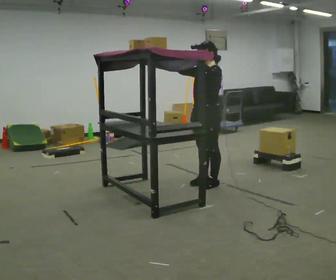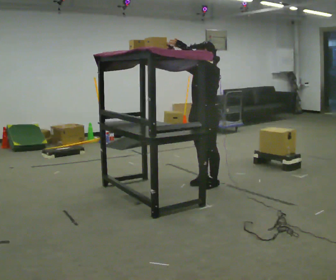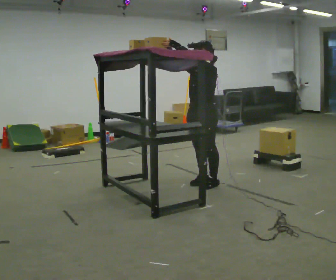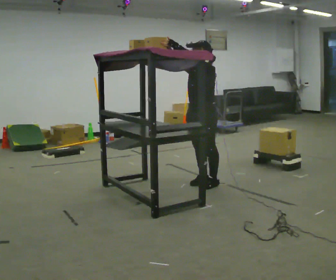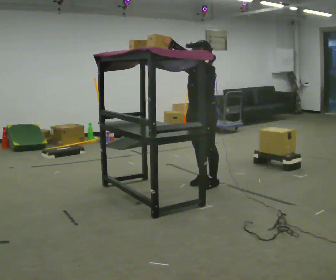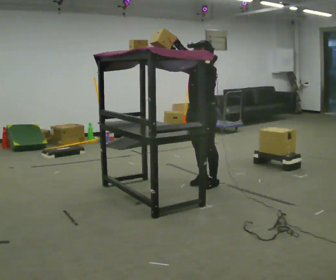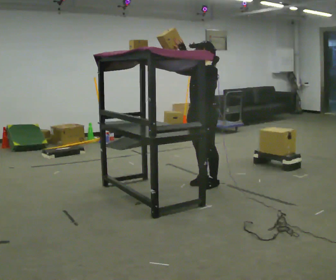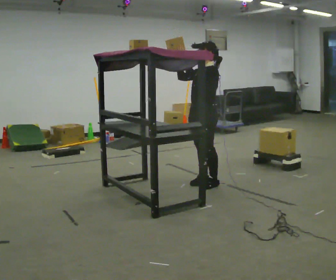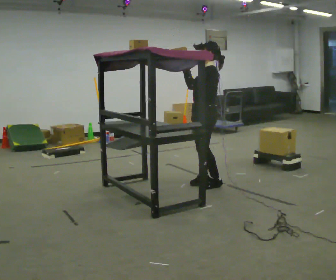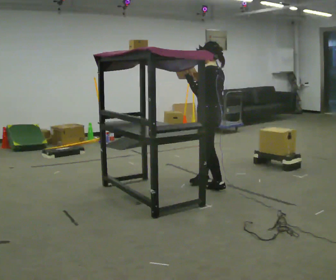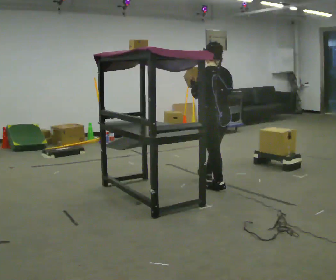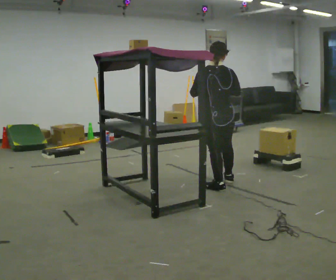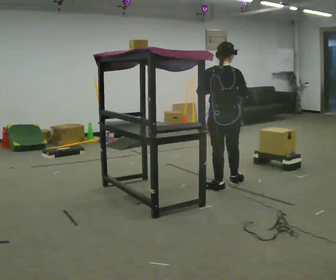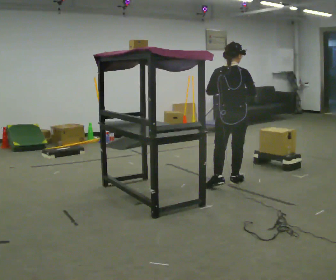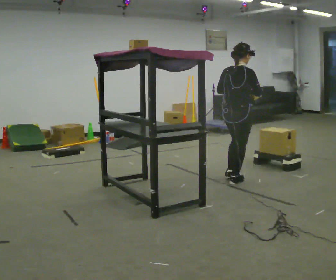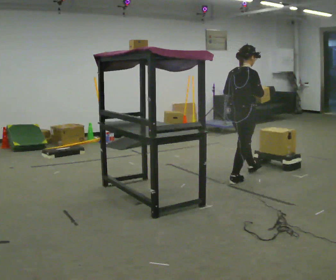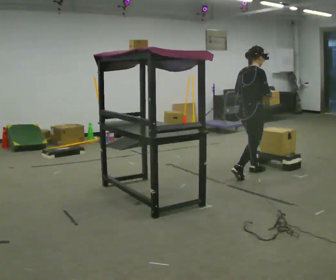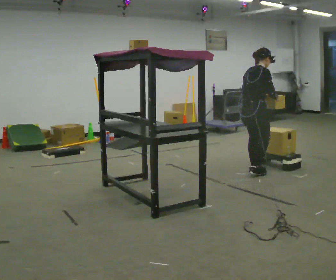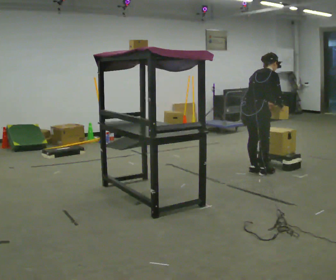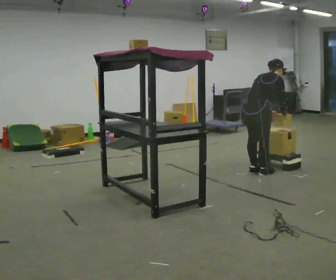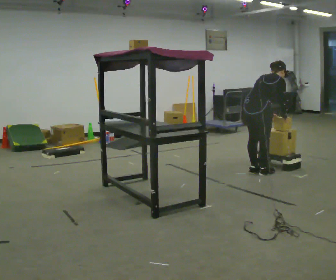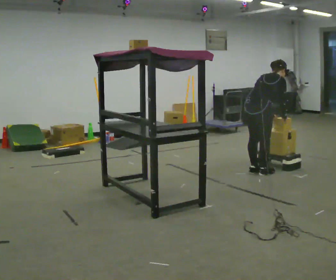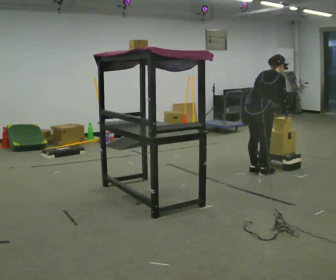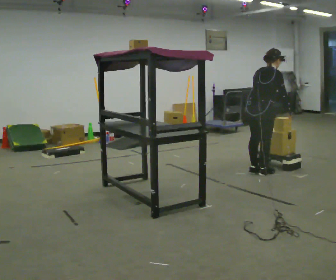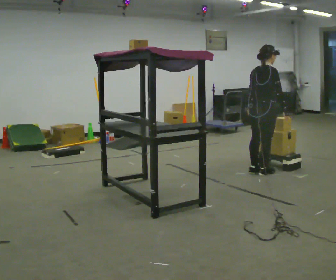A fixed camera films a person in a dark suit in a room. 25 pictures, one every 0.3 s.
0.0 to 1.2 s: The person moves a little, or ends about where they began.
1.2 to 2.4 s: The person turns about 30 degrees to their right, clockwise seen from above, so the part of the body nearest the lens slides to the left.
2.4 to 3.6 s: Seen from above the body turns clockwise, about 90 degrees: to their right, with its near side sliding to the left. In the picture they go to the right, about 0.25 m in 2 steps. In the picture their right hand goes to the right.
3.6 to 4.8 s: The part of the body nearest the lens slides to the left as the person turns to their right by about 60 degrees. In the picture they go away from the camera and to the right, about 0.5 m in 1 step, which for them is forward.
4.8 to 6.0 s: In the picture the upper body tilts clockwise, shoulders to the right, as they bend forward.
6.0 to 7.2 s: In the picture the upper body tilts counterclockwise, shoulders to the left, as they lean back or straighten.
The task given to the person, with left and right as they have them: Take an object from the highest shelf you can comfortably reach, carry it across, and place it on the lowest shelf. Keep going until the operator says stop; one object at a time, and do not rush between trips.
The film runs forward here.
